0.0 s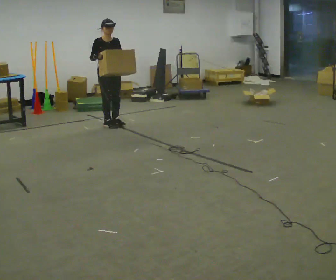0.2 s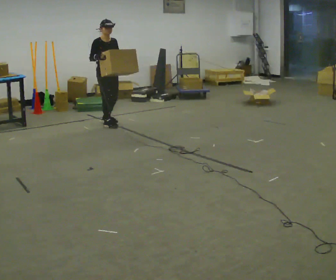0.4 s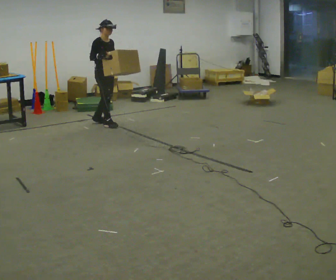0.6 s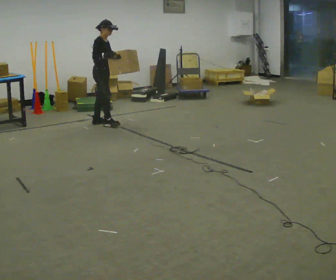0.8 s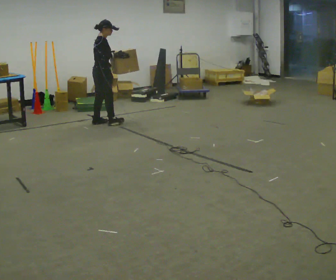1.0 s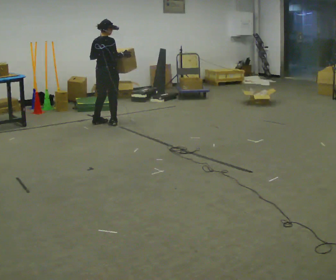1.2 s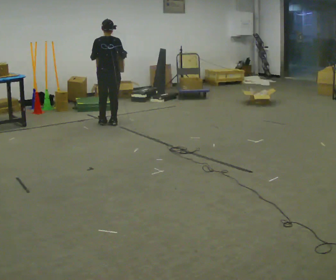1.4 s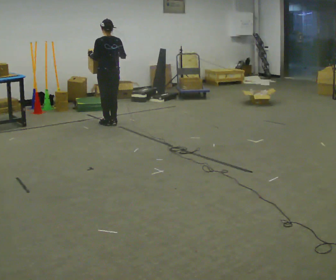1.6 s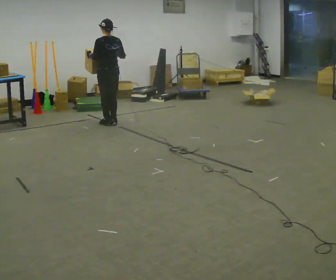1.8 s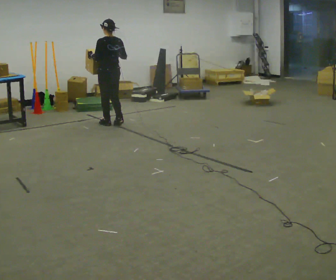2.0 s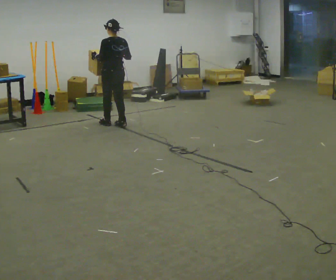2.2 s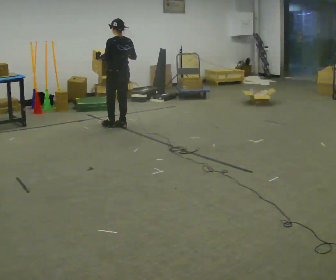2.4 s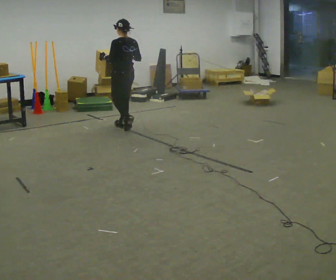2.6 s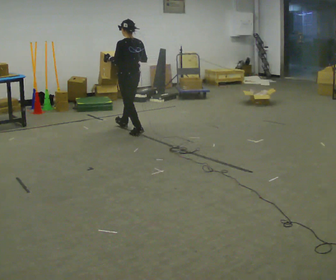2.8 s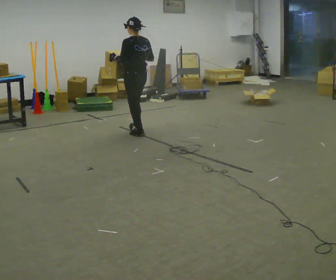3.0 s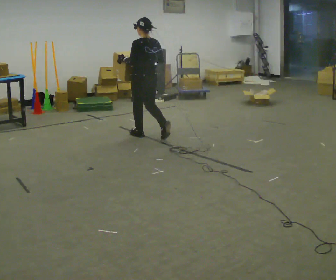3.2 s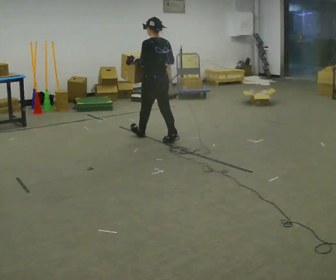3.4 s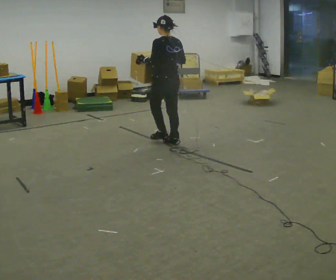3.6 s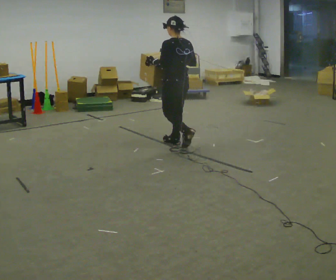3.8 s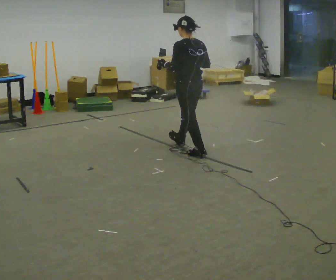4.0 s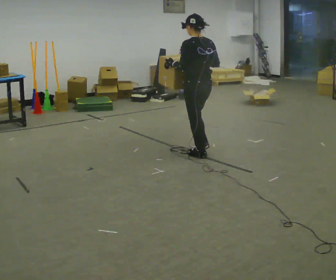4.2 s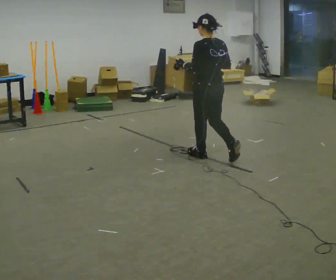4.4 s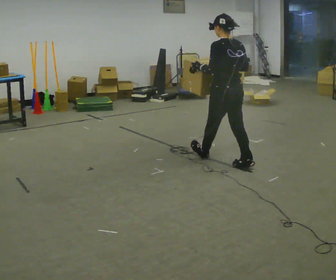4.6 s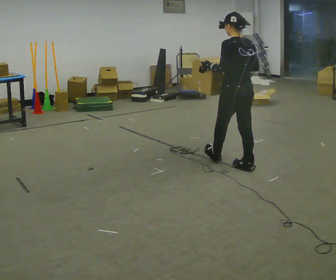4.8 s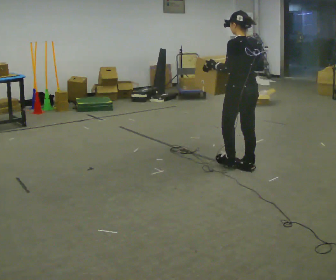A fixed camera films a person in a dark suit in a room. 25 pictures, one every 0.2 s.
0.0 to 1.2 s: Seen from above the body turns counterclockwise, about 150 degrees: to their left, with its near side sliding to the right. In the picture their right hand goes to the right.
1.2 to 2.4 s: The part of the body nearest the lens slides to the right as the person turns to their left by about 30 degrees. In the picture they go toward the camera and to the right, about 0.25 m in 2 steps, which for them is backward.
2.4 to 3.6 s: In the picture they go toward the camera and to the right, about 1 m in 2 steps, which for them is backward.
3.6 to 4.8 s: In the picture they go toward the camera and to the right, about 1 m in 2 steps, which for them is backward.
The film runs backward here.
